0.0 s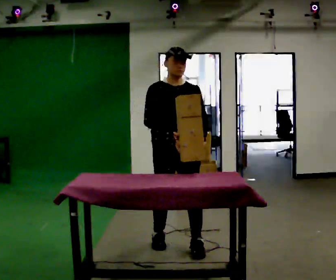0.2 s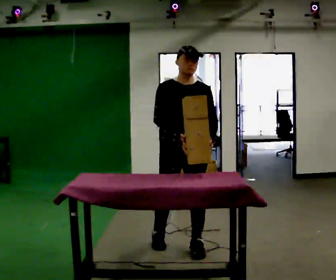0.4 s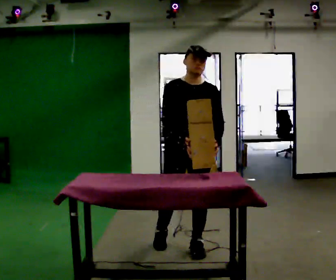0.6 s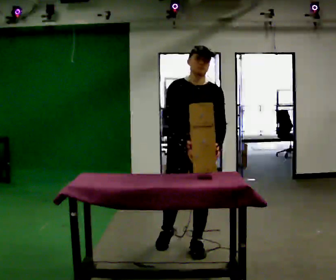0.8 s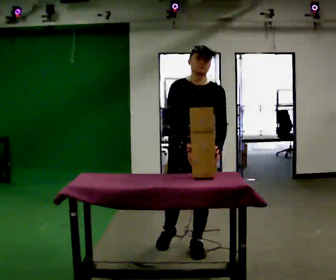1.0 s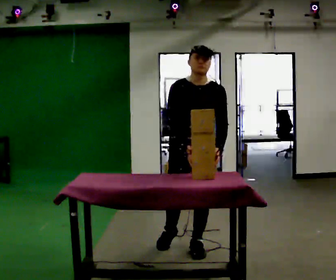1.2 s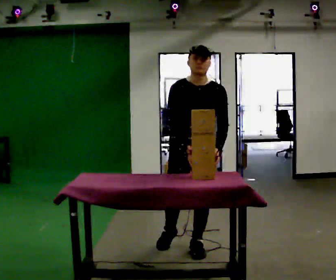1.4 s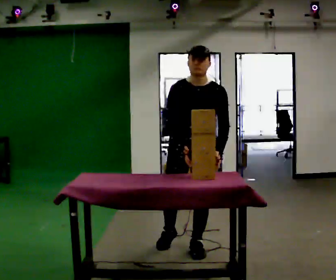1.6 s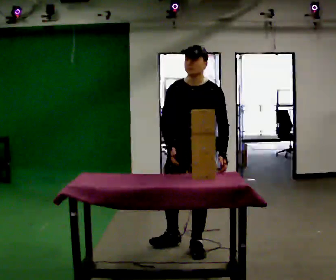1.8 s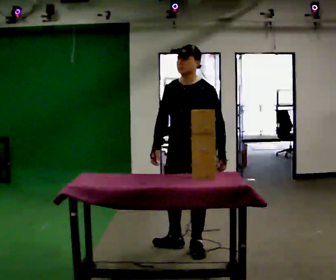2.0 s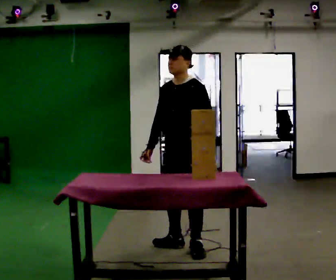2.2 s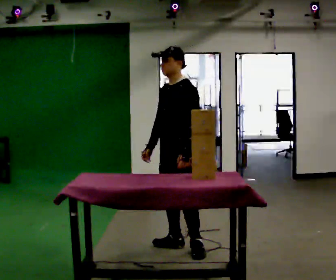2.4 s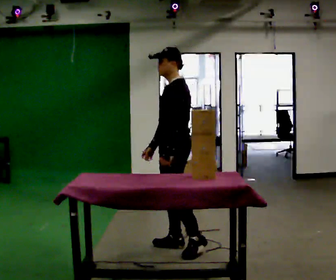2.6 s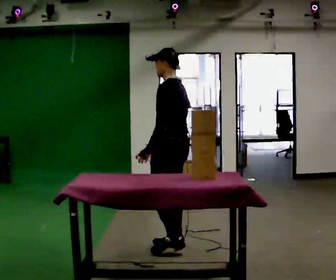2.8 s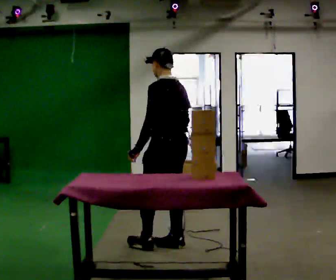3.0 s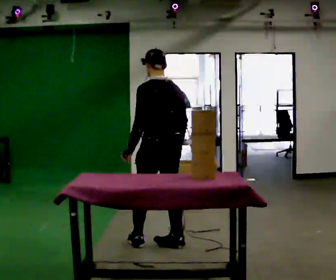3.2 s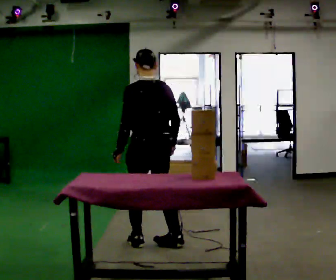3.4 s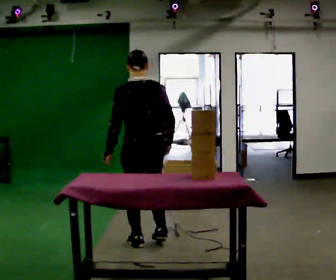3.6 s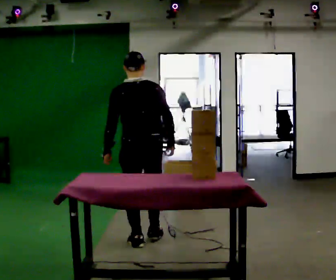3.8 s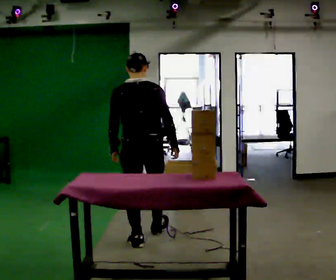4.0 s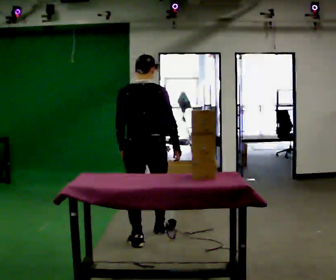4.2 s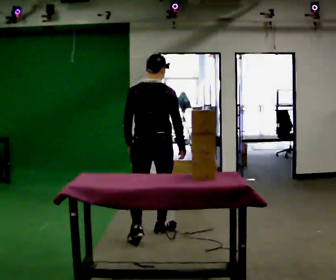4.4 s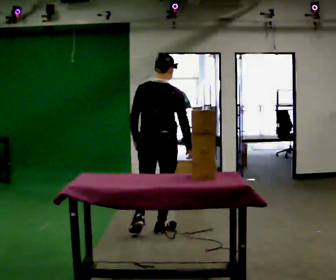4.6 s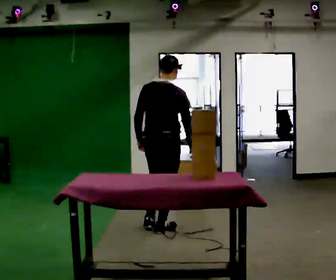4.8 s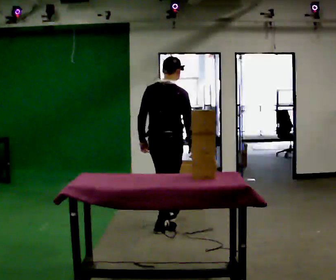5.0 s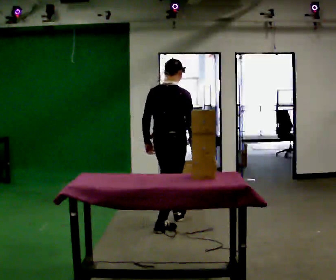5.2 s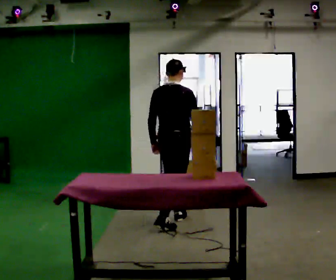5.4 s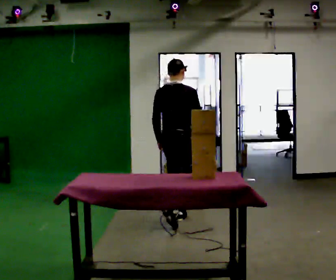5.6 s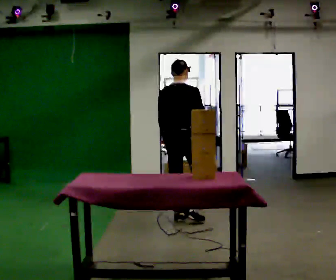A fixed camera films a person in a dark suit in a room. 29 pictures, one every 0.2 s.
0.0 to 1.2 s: In the picture they go to the right, about 0.25 m, which for them is to their left and forward.
1.2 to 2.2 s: The person turns about 60 degrees to their right, clockwise seen from above, so the part of the body nearest the lens slides to the left.
2.2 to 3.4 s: The part of the body nearest the lens slides to the left as the person turns to their right by about 90 degrees. In the picture they go to the left, about 0.25 m in 1 step.
3.4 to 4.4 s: The part of the body nearest the lens slides to the left as the person turns to their right by about 30 degrees. In the picture they go away from the camera, about 0.5 m in 1 step, which for them is forward.
4.4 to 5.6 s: In the picture they go away from the camera and to the right, about 0.5 m in 1 step, which for them is forward.
The film runs forward here.
